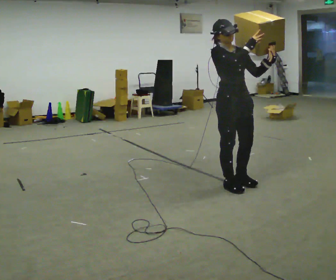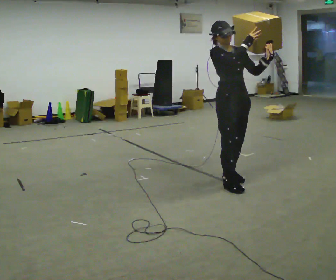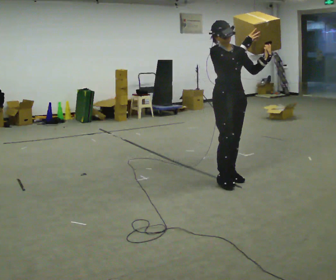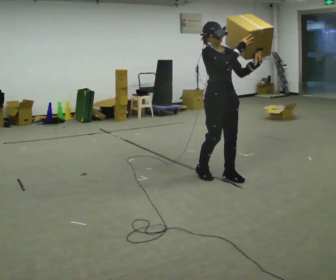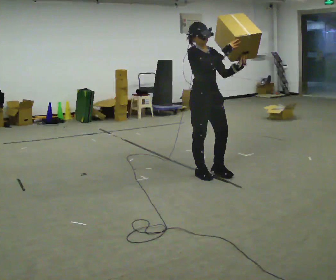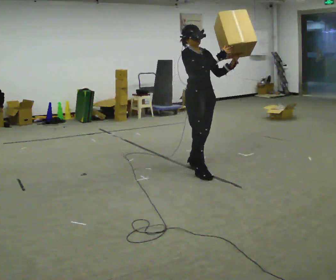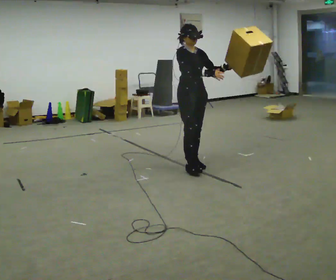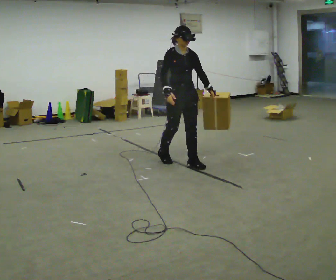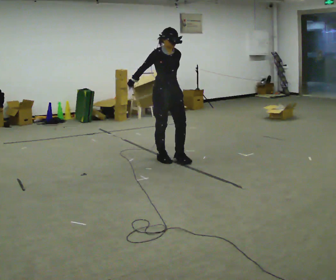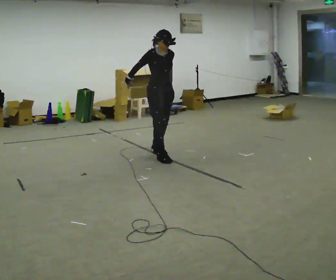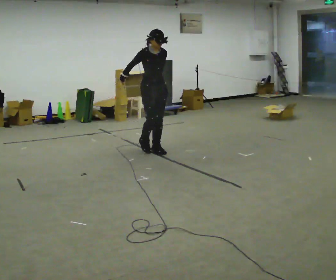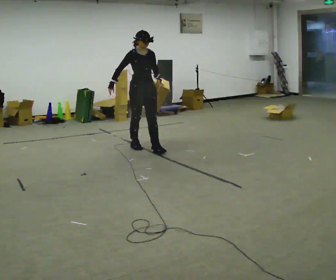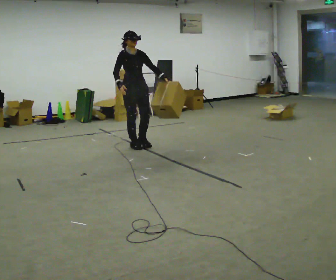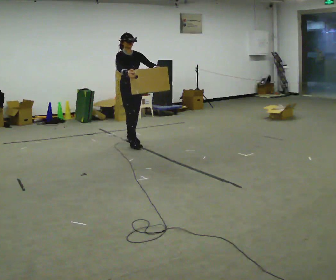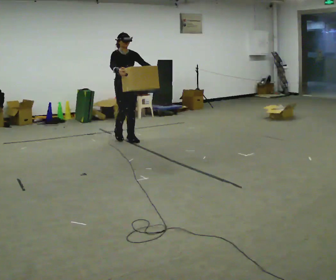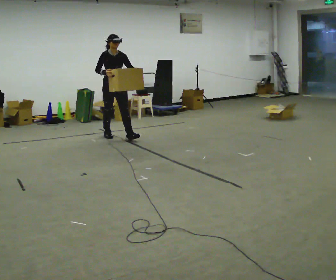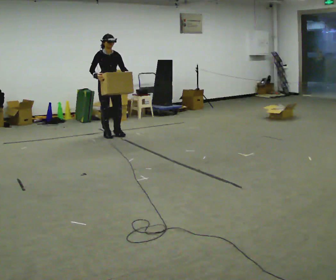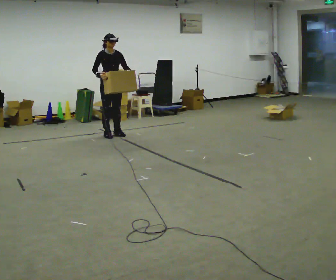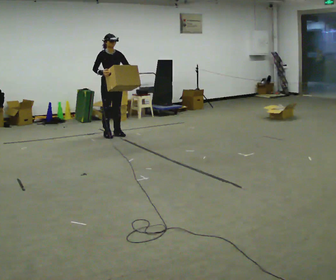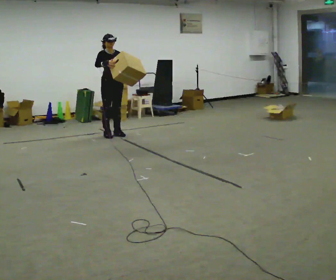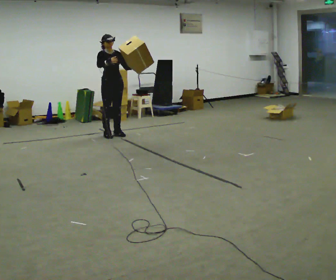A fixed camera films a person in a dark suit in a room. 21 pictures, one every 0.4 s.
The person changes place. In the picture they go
away from the camera.
0.0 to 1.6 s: In the picture they go away from the camera and to the left, about 0.5 m in 3 steps, which for them is backward.
1.6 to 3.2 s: In the picture they go away from the camera and to the left, about 0.5 m in 2 steps, which for them is backward. In the picture their right hand goes downward.
3.2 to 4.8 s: In the picture they go away from the camera and to the left, about 1 m in 2 steps, which for them is backward.
4.8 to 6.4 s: In the picture they go away from the camera and to the left, about 1 m in 2 steps, which for them is backward.
6.4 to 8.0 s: The person moves a little, or ends about where they began.
The film runs backward here.
